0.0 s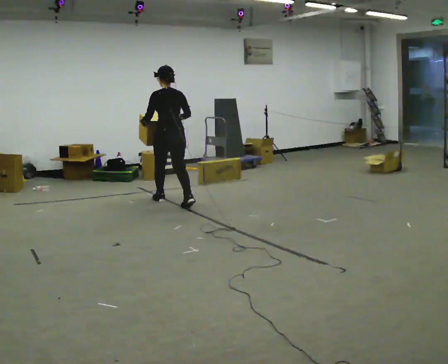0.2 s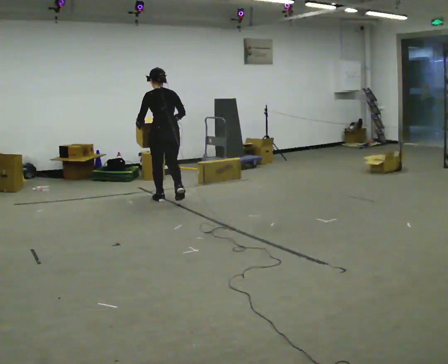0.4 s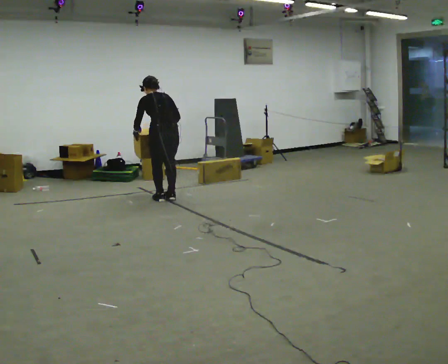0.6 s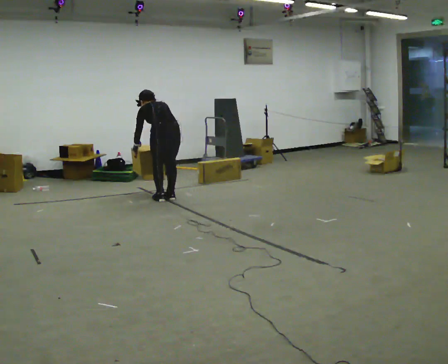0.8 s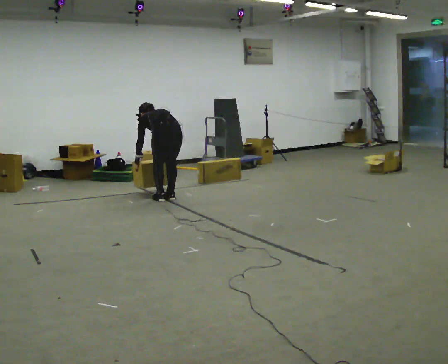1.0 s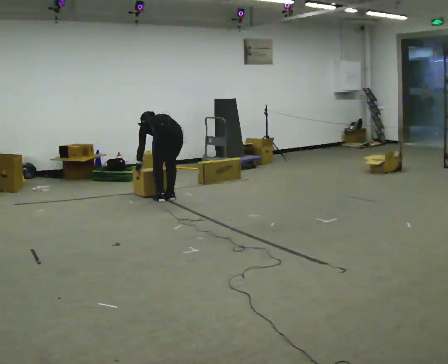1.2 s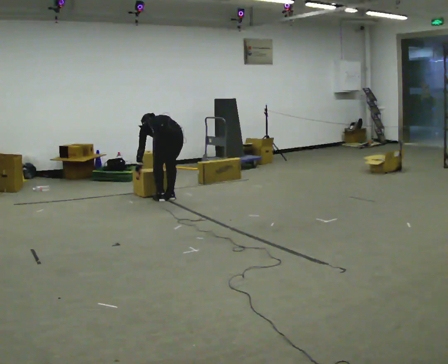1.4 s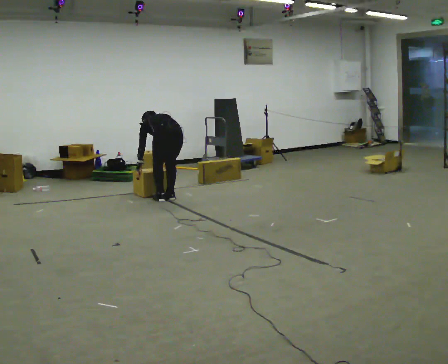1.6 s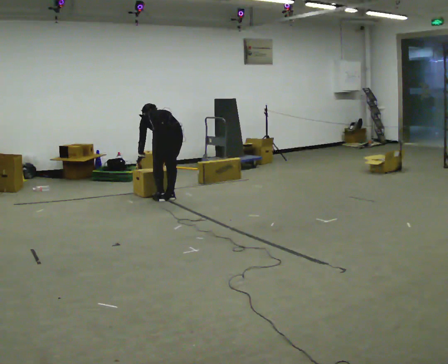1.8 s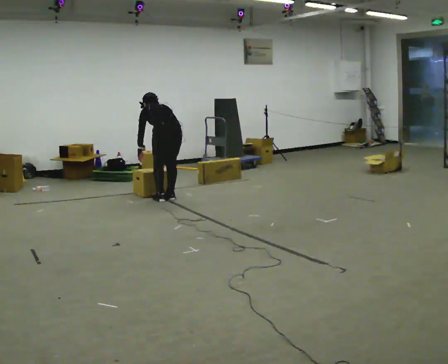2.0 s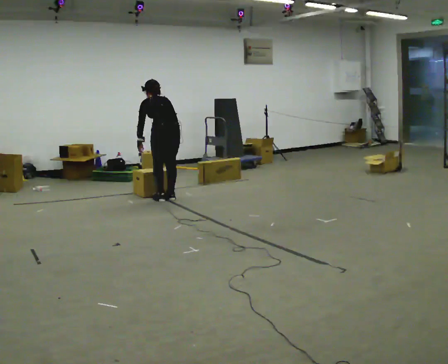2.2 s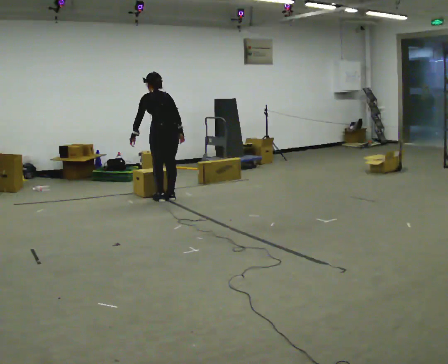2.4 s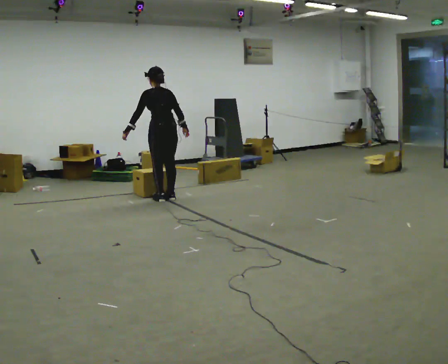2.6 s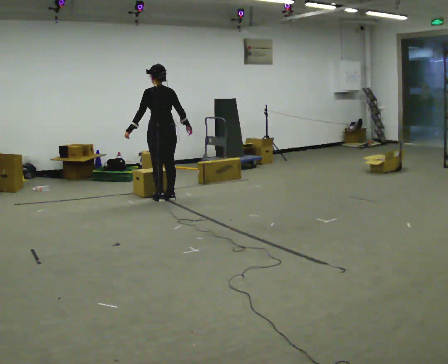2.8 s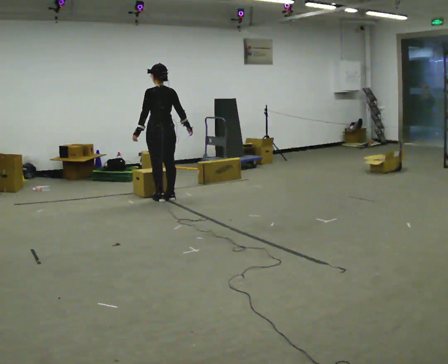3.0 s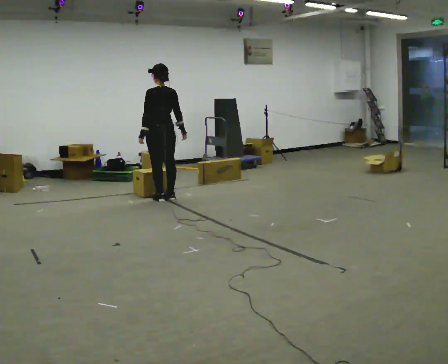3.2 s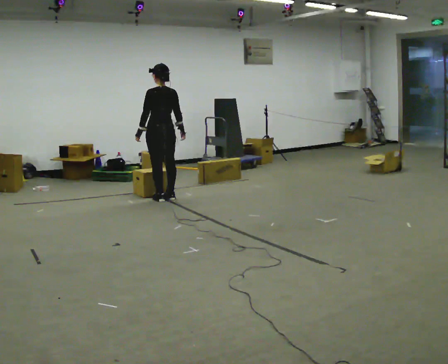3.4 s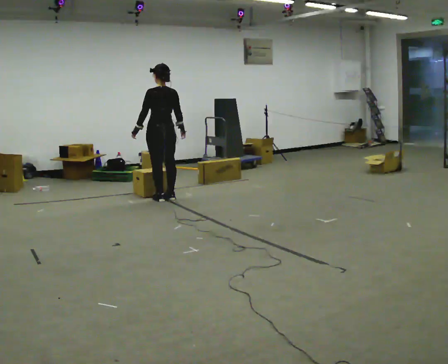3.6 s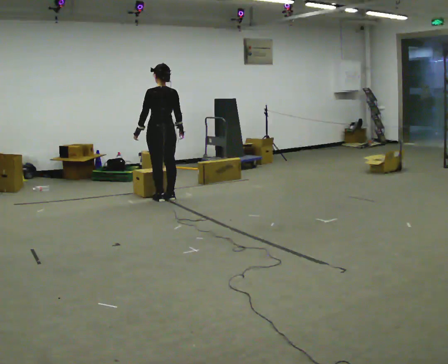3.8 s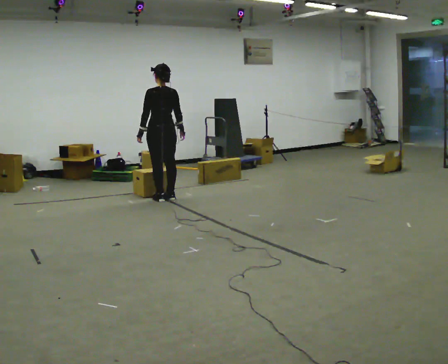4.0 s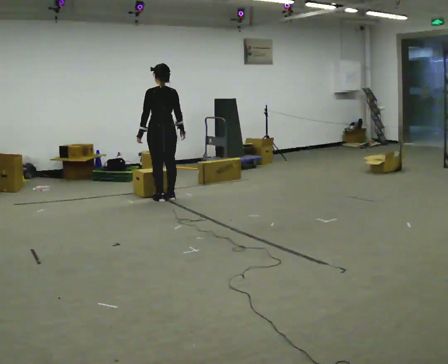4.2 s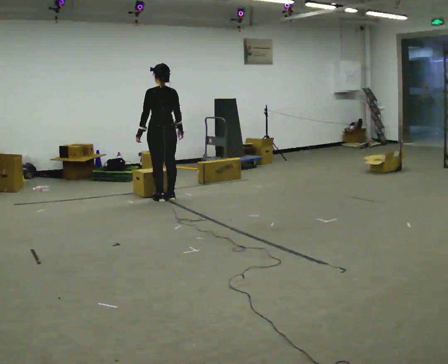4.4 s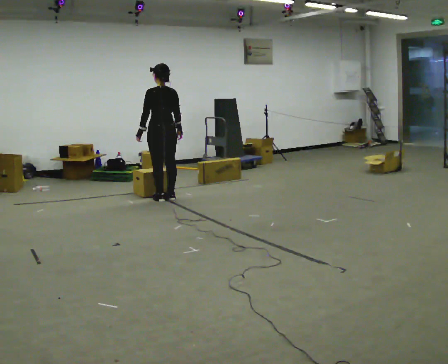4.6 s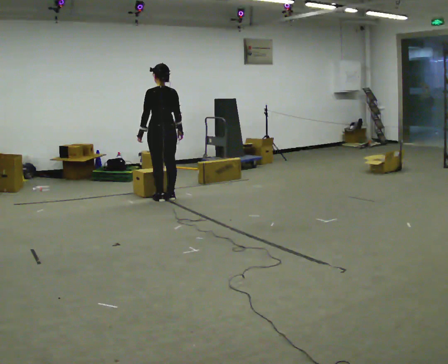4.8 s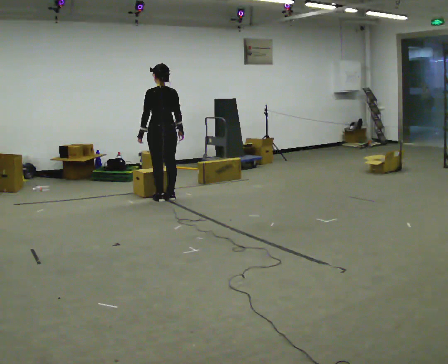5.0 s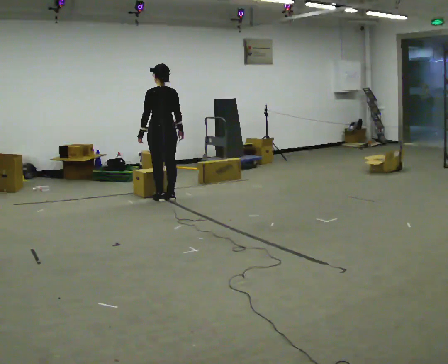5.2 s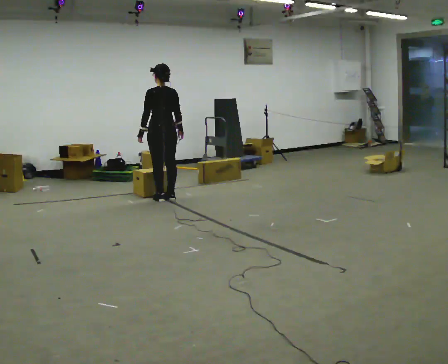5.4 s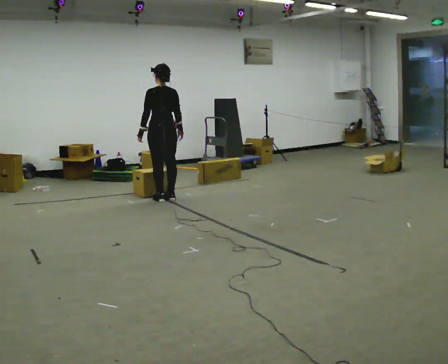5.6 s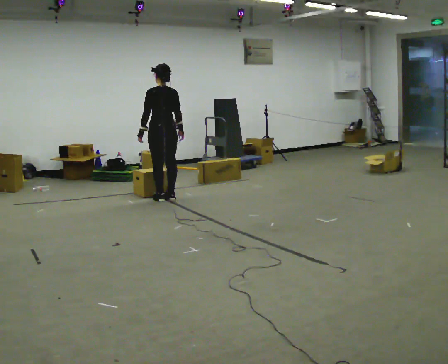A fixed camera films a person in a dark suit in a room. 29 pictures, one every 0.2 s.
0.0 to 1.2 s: The shoulders move downward. The upper body tips away from the camera, its near side rolling upward, as they bend forward. In the picture their right hand goes downward.
1.2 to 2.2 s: The shoulders move upward. The upper body tips toward the camera, its near side rolling downward, as they lean back or straighten. In the picture their right hand goes upward.
2.2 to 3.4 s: The upper body tips toward the camera, its near side rolling downward, as they lean back or straighten.
3.4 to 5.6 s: The person moves a little, or ends about where they began.
The film runs forward here.
